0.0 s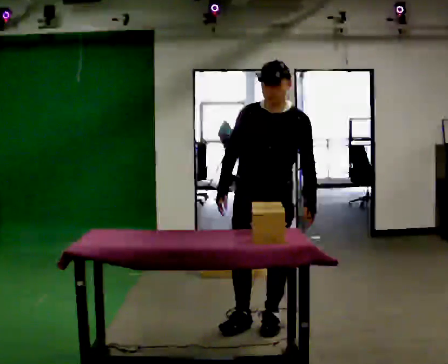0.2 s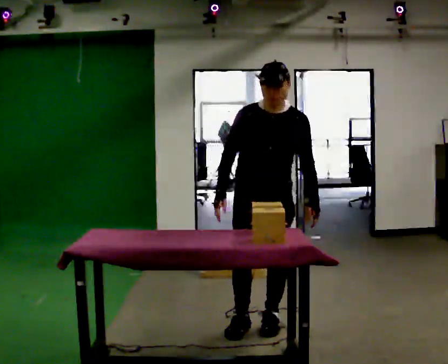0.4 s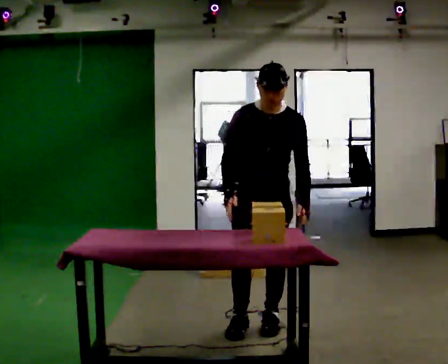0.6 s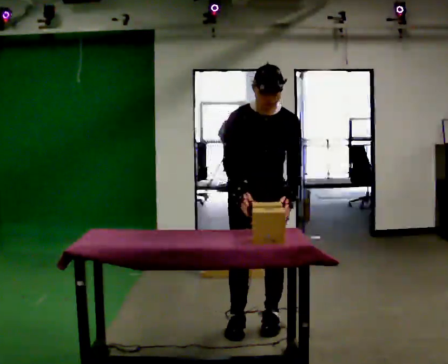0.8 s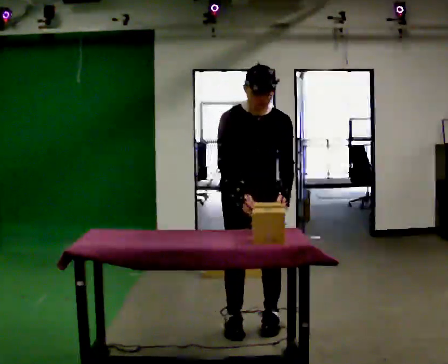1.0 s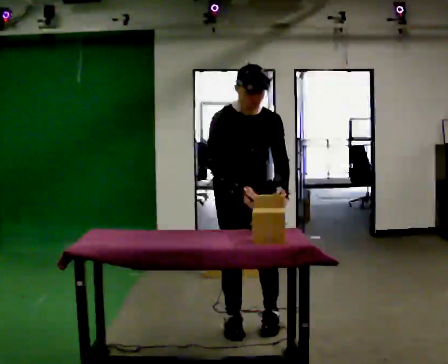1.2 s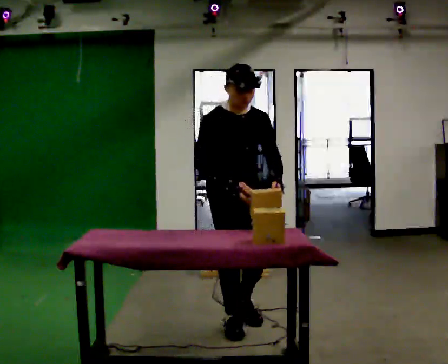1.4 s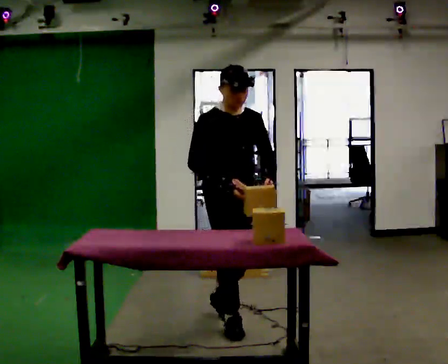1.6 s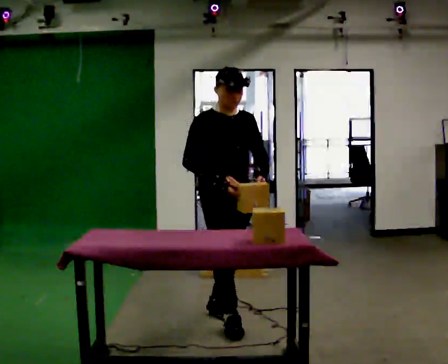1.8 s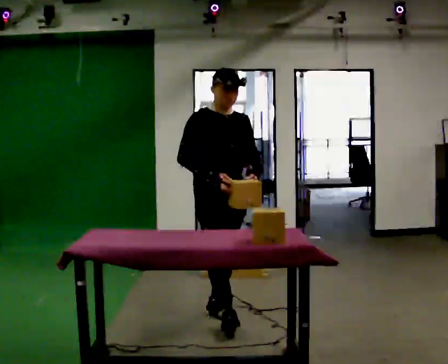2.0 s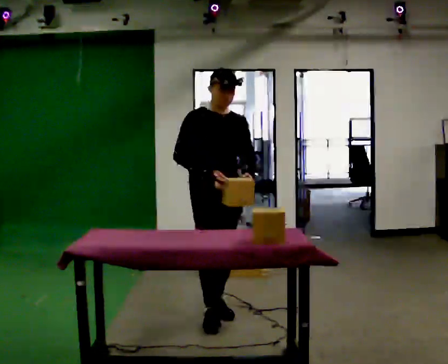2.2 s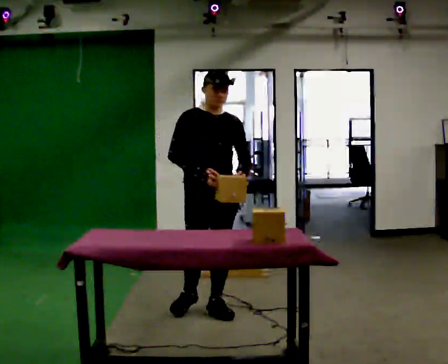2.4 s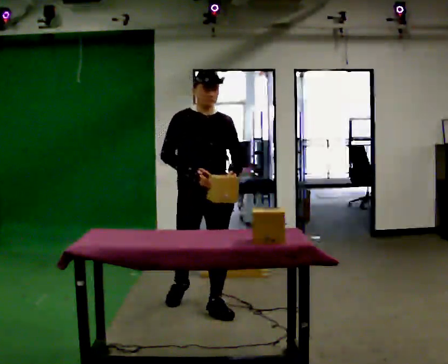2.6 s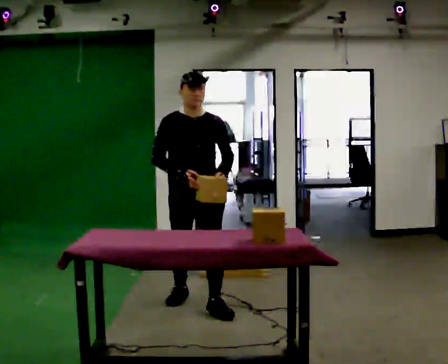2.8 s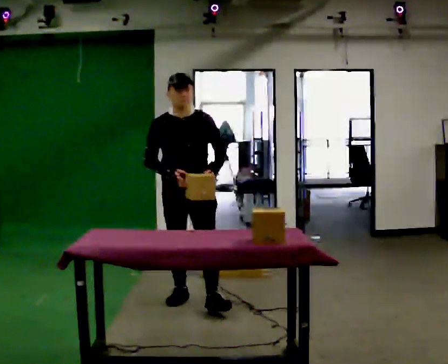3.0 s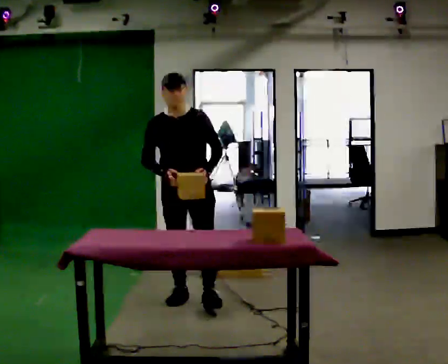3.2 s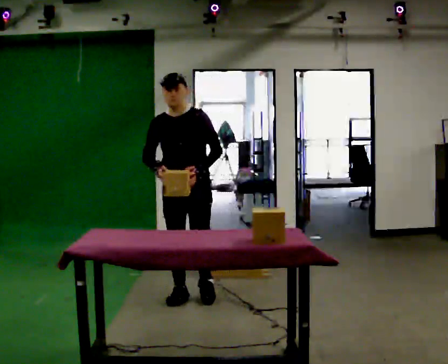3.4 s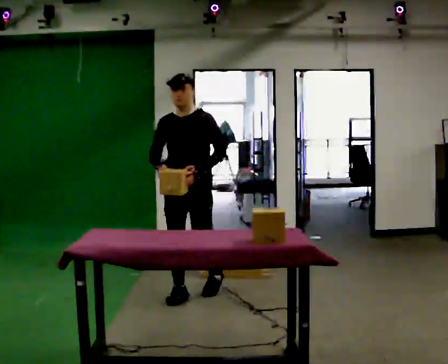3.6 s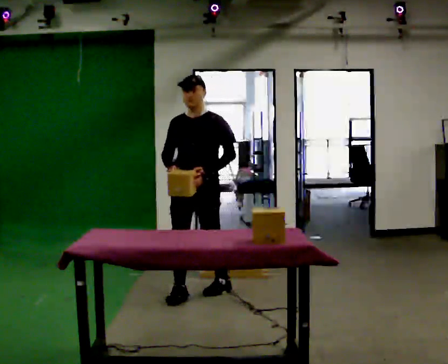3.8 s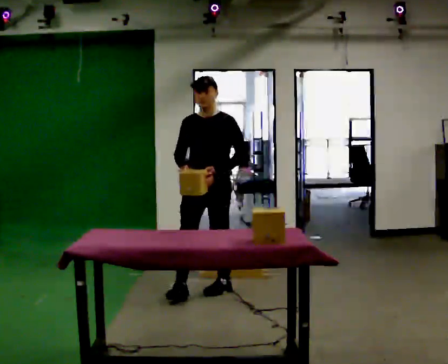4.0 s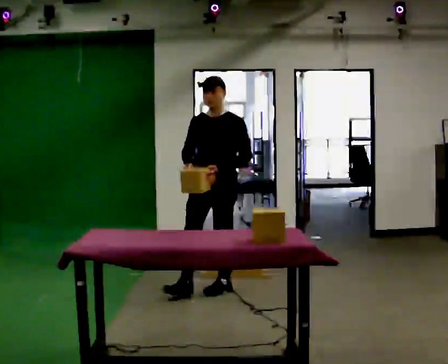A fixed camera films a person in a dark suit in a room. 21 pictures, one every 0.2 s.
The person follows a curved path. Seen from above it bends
clockwise.
The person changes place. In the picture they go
away from the camera.
0.0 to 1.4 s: Seen from above the body turns counterclockwise, about 45 degrees: to their left, with its near side sliding to the right. In the picture they go to the left, about 0.25 m in 1 step, which for them is to their right.
1.4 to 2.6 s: In the picture they go away from the camera and to the left, about 0.5 m in 1 step, which for them is backward.
2.6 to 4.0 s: Seen from above the body turns clockwise, about 45 degrees: to their right, with its near side sliding to the left. In the picture they go away from the camera, about 0.5 m in 2 steps, which for them is backward.
The film runs backward here.
